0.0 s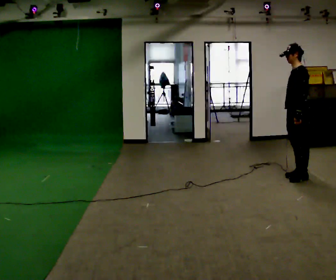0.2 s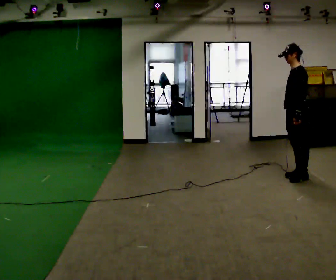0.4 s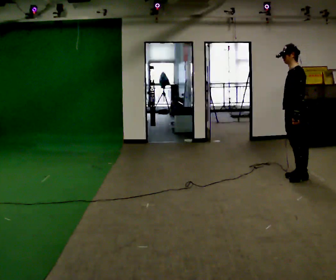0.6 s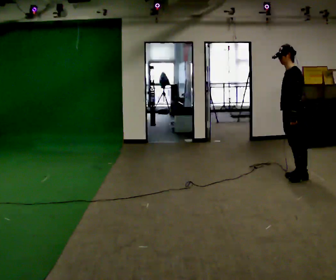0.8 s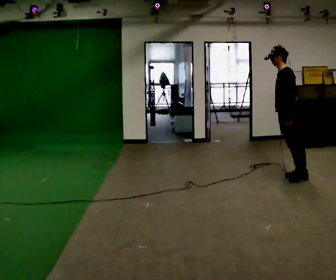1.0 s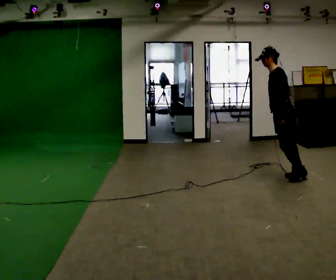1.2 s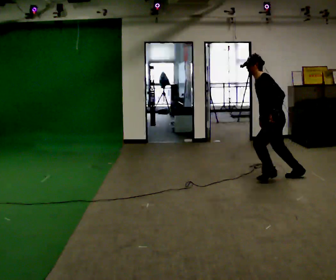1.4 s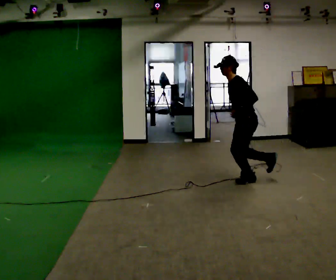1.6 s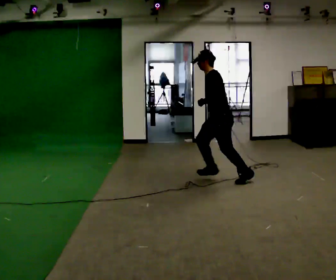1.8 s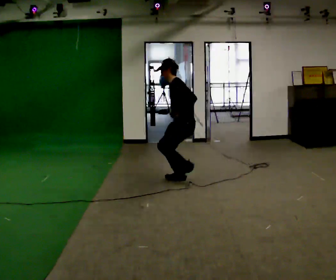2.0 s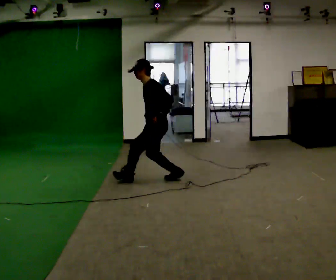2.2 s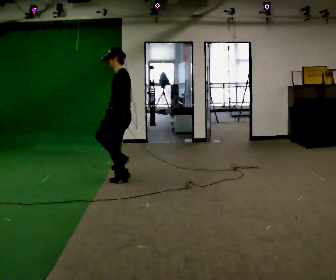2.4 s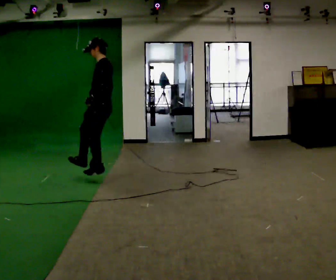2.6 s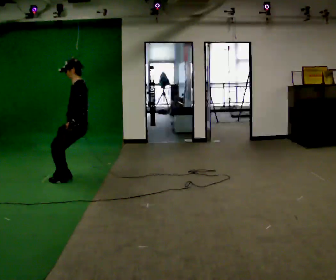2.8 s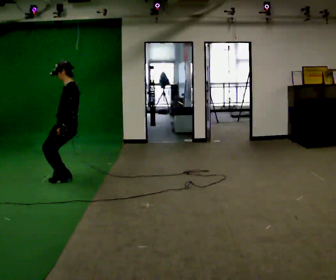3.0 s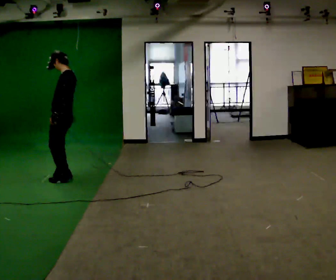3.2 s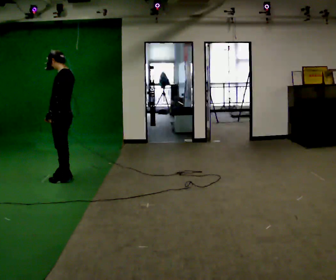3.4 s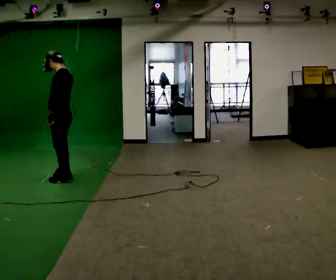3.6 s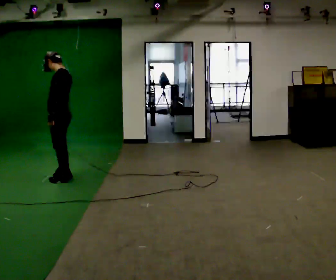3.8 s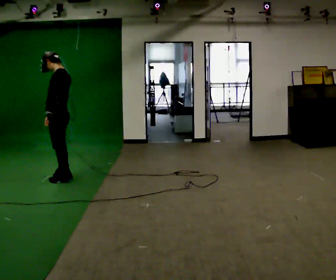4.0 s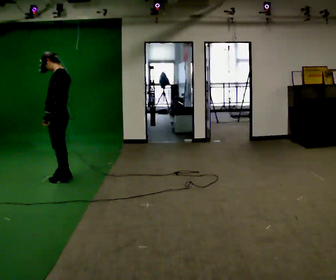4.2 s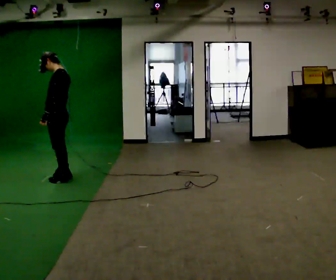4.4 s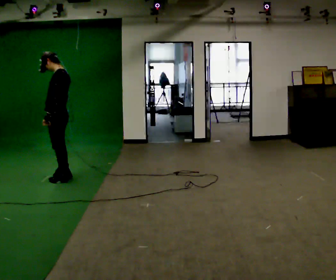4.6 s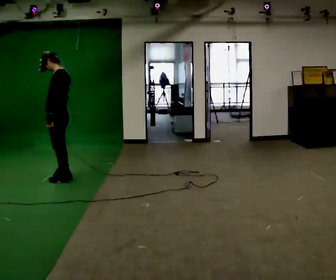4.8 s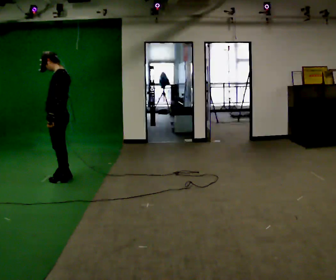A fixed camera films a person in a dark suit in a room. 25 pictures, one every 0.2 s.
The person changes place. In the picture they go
to the left.
0.0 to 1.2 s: In the picture they go to the left, about 0.25 m, which for them is forward. In the picture the upper body tilts counterclockwise, shoulders to the left, as they bend forward.
1.2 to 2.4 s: In the picture they go to the left, about 2 m in 3 steps, which for them is forward. In the picture the upper body tilts clockwise, shoulders to the right, as they lean back or straighten.
2.4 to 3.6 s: In the picture they go to the left, about 0.5 m in 2 steps, which for them is forward.
3.6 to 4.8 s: The person moves a little, or ends about where they began.
The film runs forward here.
